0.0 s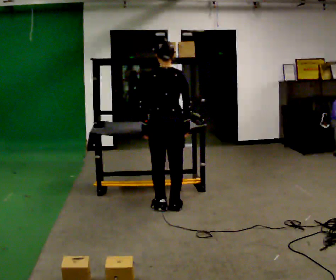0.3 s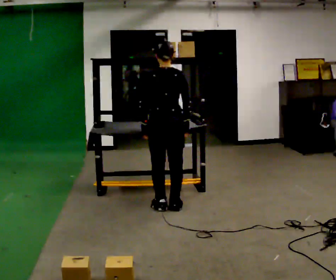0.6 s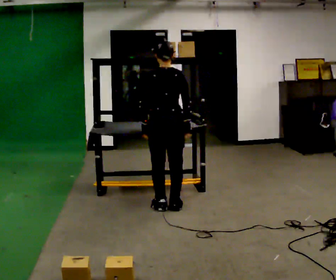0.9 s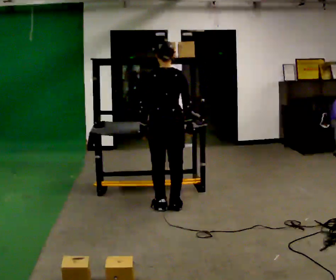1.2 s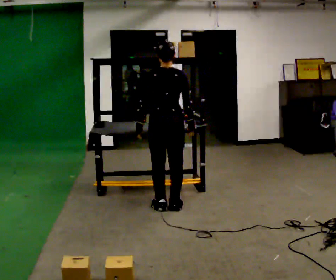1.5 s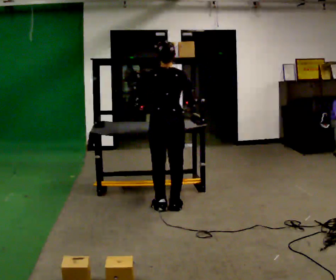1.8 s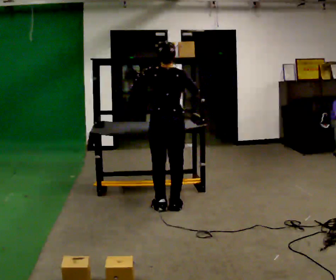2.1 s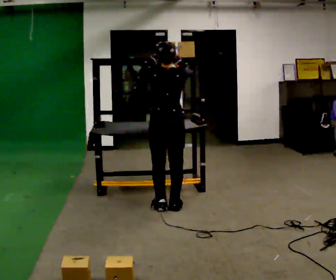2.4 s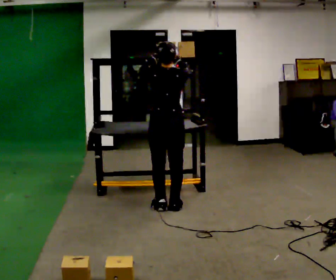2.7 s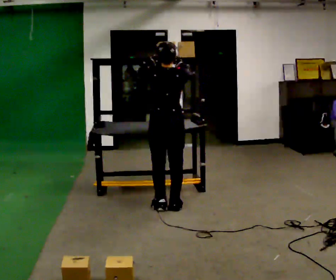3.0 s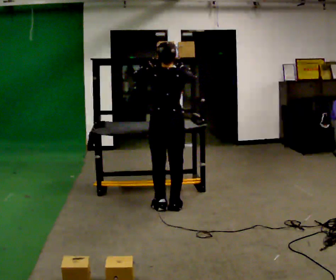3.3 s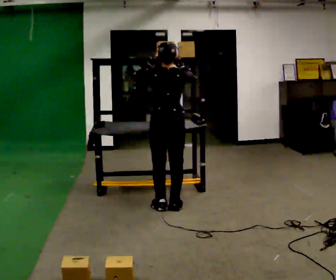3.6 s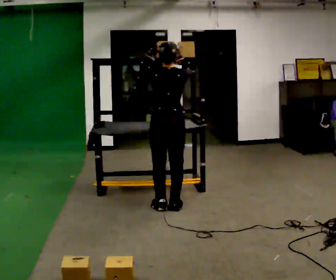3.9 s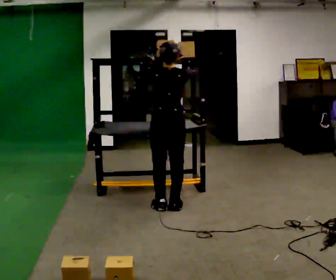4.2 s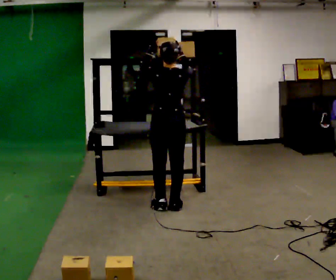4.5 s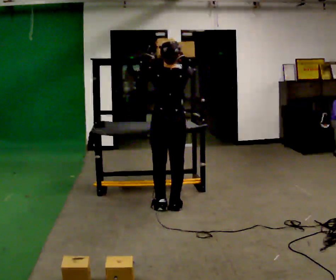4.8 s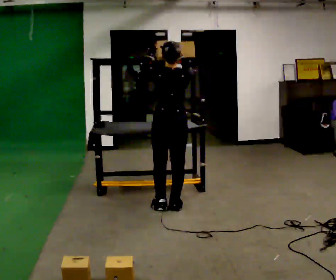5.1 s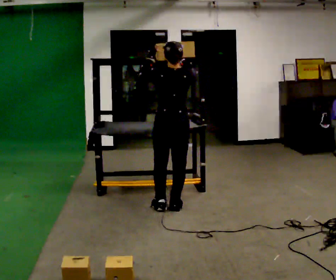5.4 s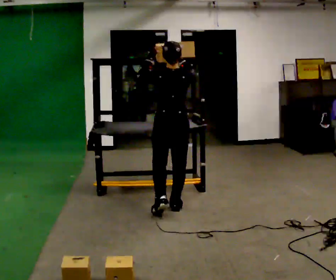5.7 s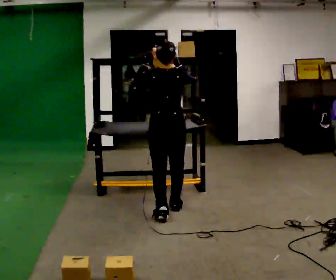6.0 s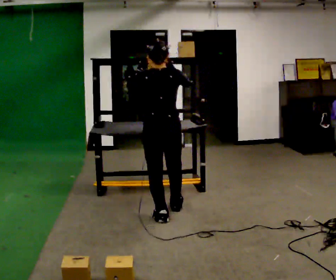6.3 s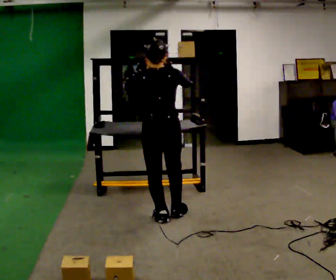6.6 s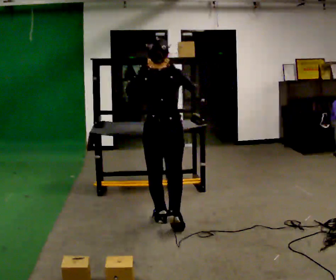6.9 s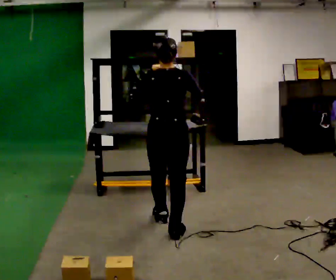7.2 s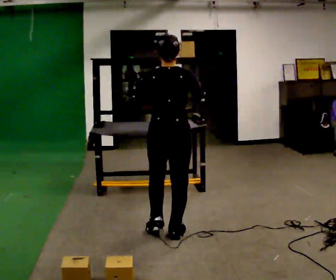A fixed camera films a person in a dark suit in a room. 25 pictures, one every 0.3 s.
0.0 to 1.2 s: The person moves a little, or ends about where they began.
1.2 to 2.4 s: In the picture their left hand goes upward.
2.4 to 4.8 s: The person moves a little, or ends about where they began.
4.8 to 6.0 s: In the picture they go toward the camera, about 0.25 m in 1 step, which for them is backward.
6.0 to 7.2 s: In the picture they go toward the camera, about 0.5 m in 2 steps, which for them is backward.
The film runs backward here.
